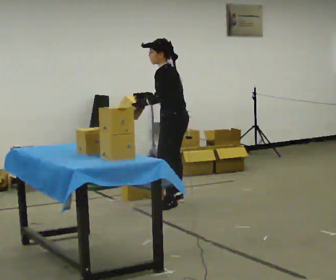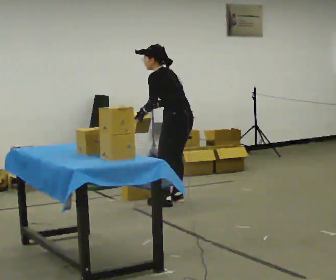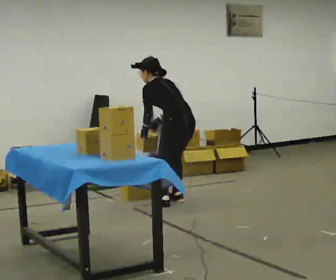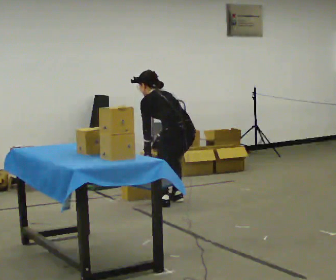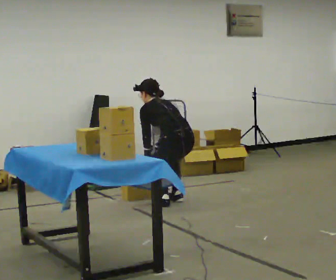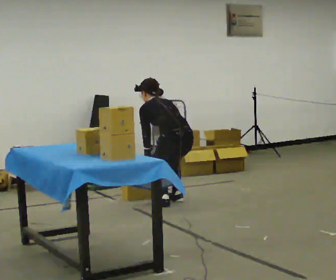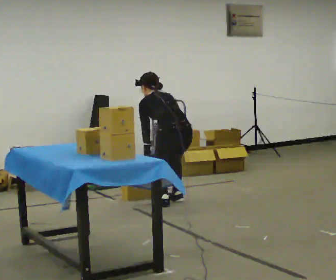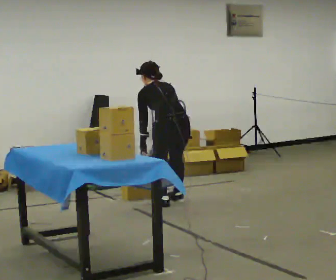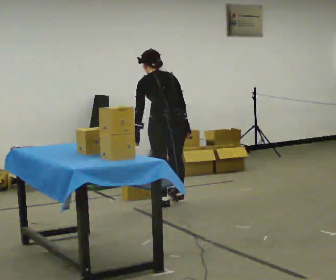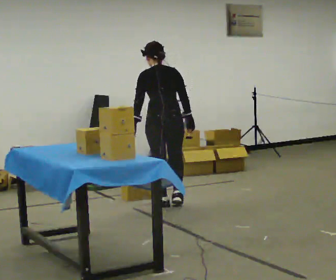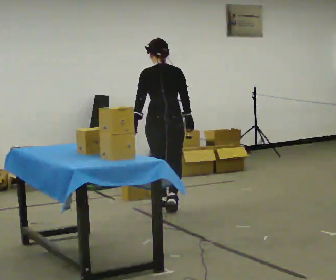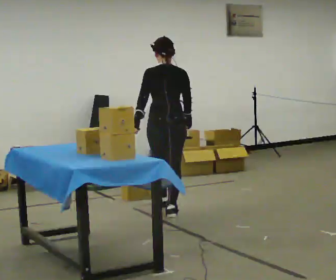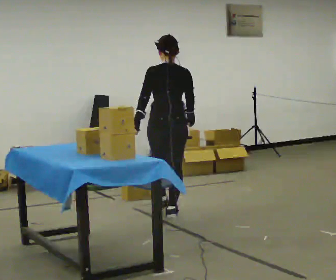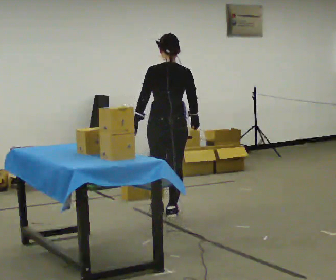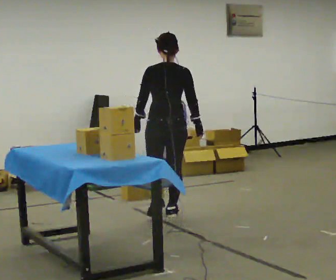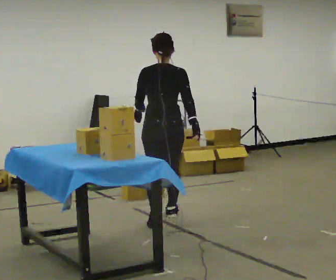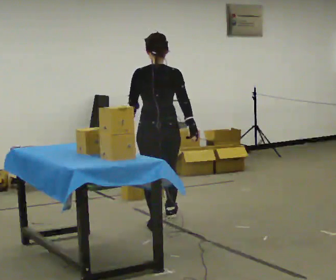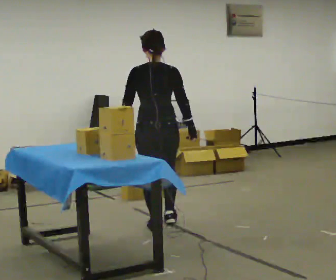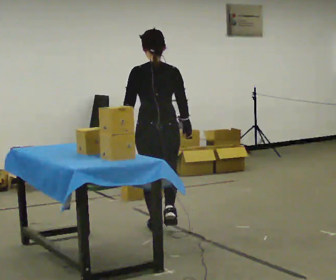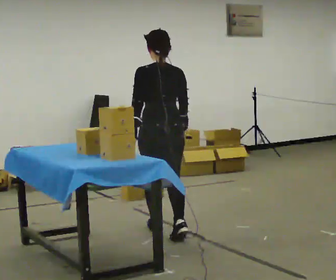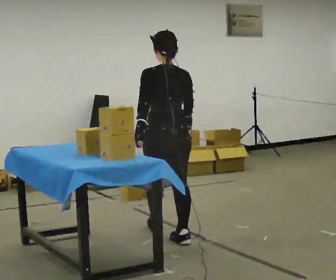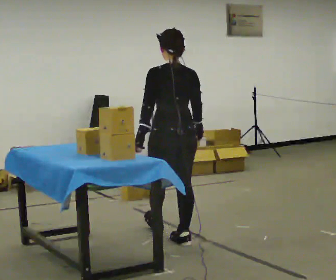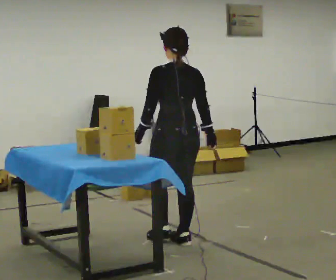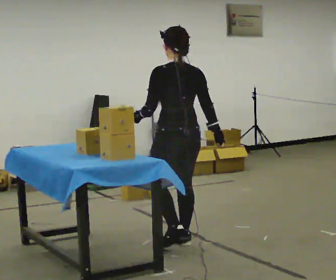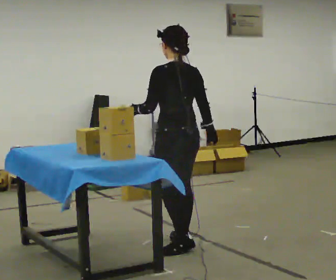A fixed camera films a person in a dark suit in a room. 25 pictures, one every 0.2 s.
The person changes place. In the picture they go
toward the camera.
0.0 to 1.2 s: The person turns about 45 degrees to their right, clockwise seen from above, so the part of the body nearest the lens slides to the left. The upper body tips away from the camera, its near side rolling upward, as they bend forward. In the picture their right hand goes downward, the arm swinging counterclockwise.
1.2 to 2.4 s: The person turns about 30 degrees to their right, clockwise seen from above, so the part of the body nearest the lens slides to the left. In the picture they go toward the camera, about 0.5 m in 2 steps, which for them is backward. The upper body goes upward. The upper body tips toward the camera, its near side rolling downward, as they lean back or straighten. In the picture their left hand goes upward.
2.4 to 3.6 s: In the picture they go toward the camera, about 0.5 m in 1 step, which for them is backward.
3.6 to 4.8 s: Seen from above the body turns counterclockwise, about 30 degrees: to their left, with its near side sliding to the right. In the picture they go toward the camera, about 0.5 m in 1 step, which for them is backward.
The film runs backward here.
